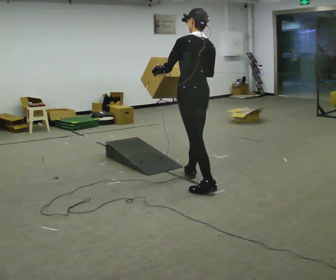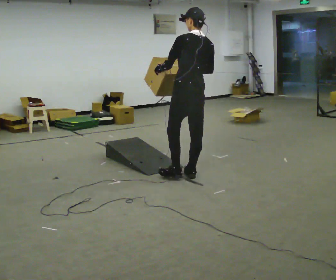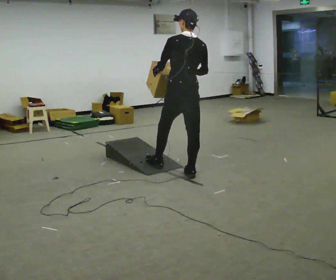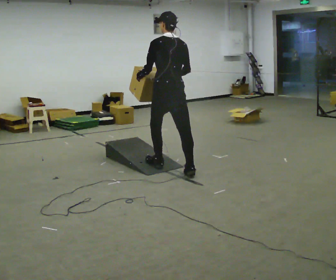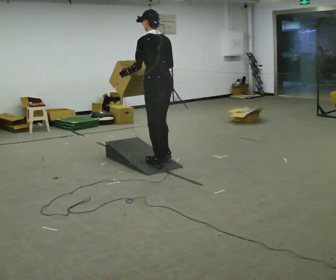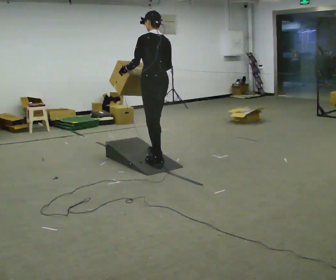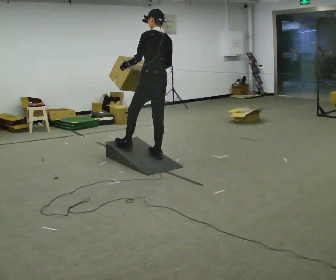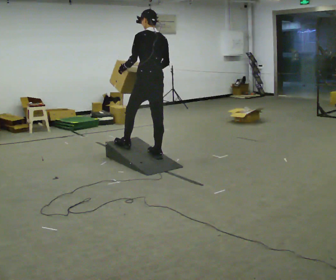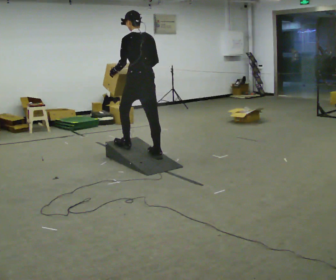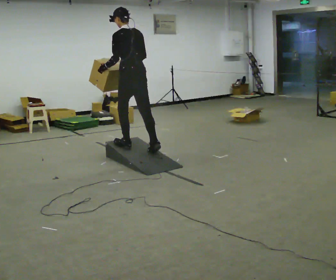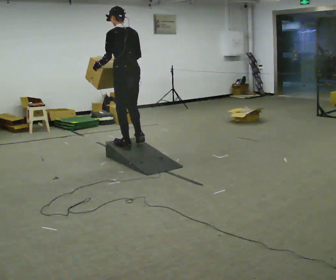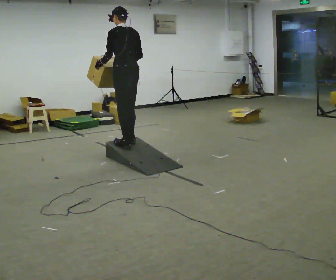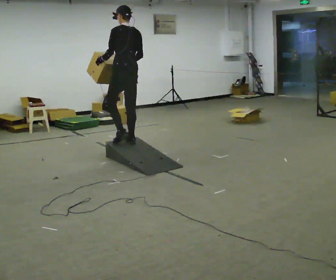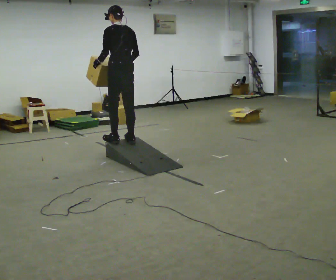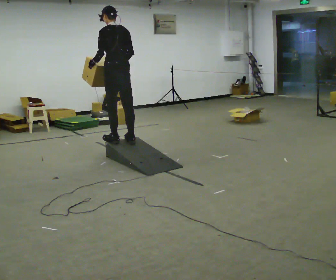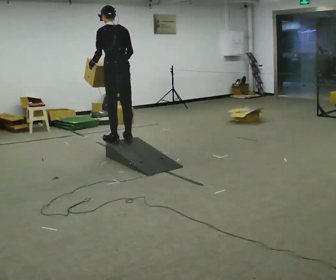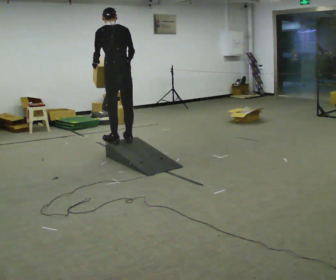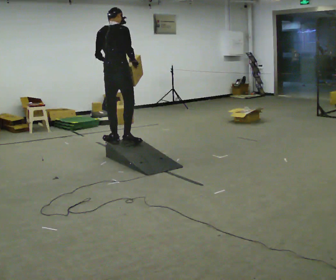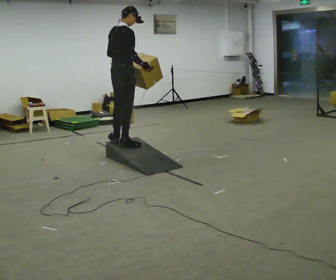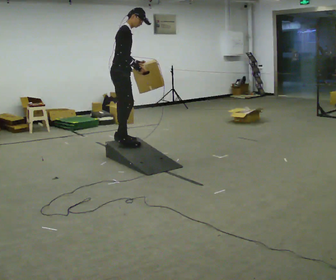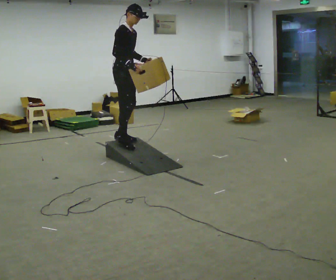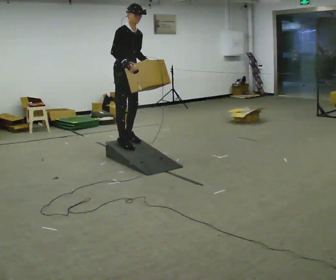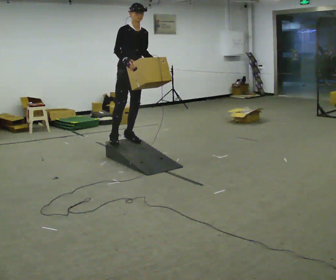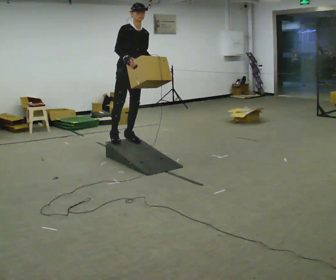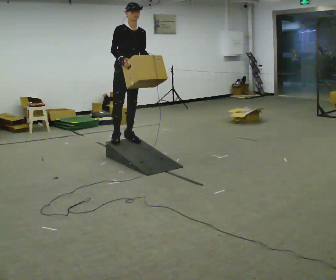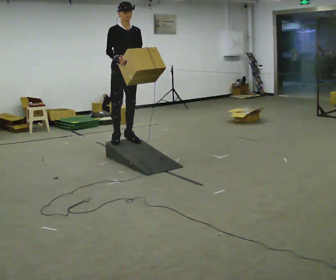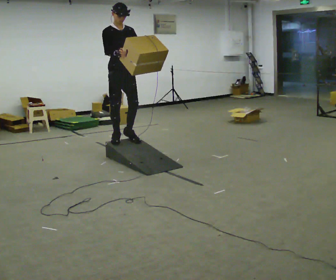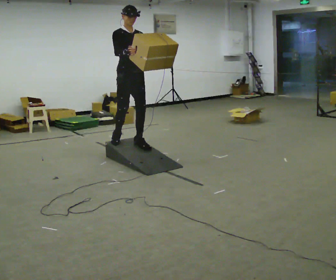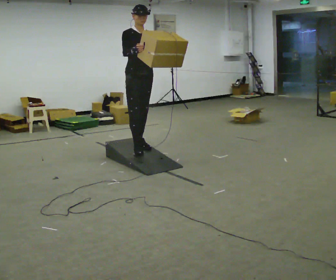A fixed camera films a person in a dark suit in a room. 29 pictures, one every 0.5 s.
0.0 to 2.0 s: In the picture they go away from the camera and to the left, about 0.75 m in 1 step, which for them is forward.
2.0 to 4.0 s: In the picture they go away from the camera and to the left, about 0.25 m in 2 steps, which for them is forward.
4.0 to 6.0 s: In the picture they go away from the camera and to the left, about 0.25 m in 1 step, which for them is forward.
6.0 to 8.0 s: The person moves a little, or ends about where they began.
8.0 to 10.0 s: The part of the body nearest the lens slides to the left as the person turns to their right by about 135 degrees. In the picture the upper body tilts clockwise, shoulders to the right.
10.0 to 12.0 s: Seen from above the body turns clockwise, about 45 degrees: to their right, with its near side sliding to the left.
12.0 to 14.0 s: In the picture they go toward the camera, about 0.25 m in 1 step, which for them is forward.
The film runs forward here.
